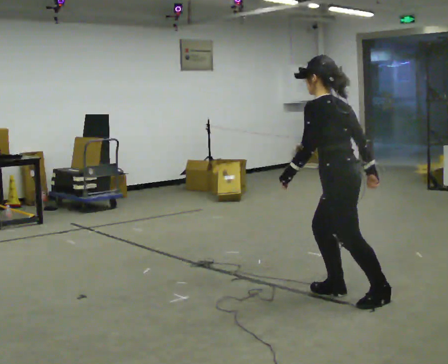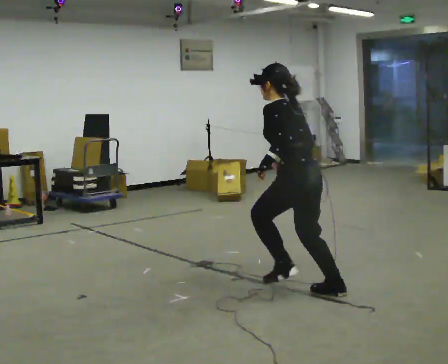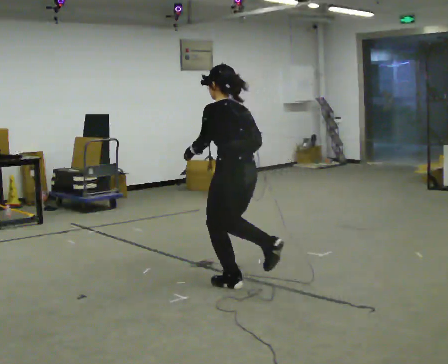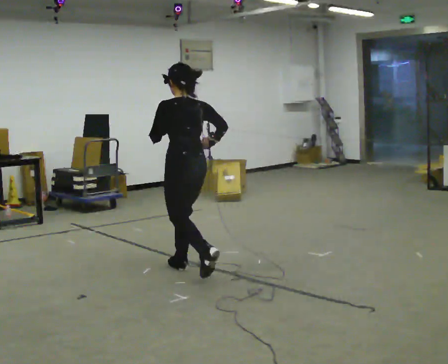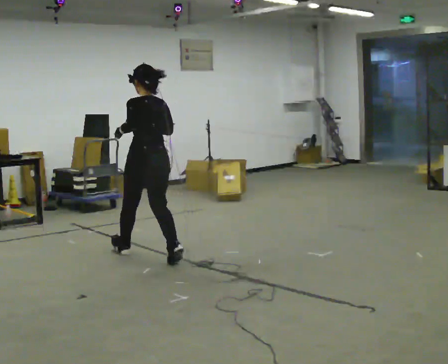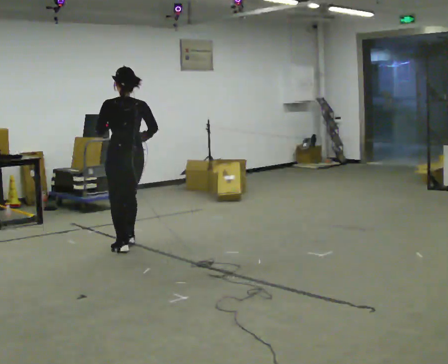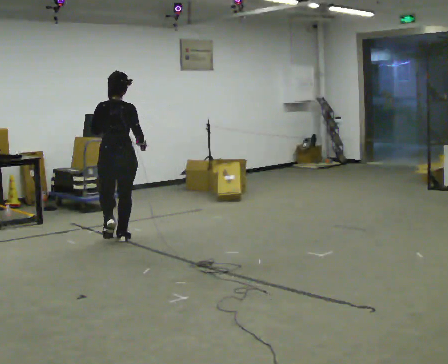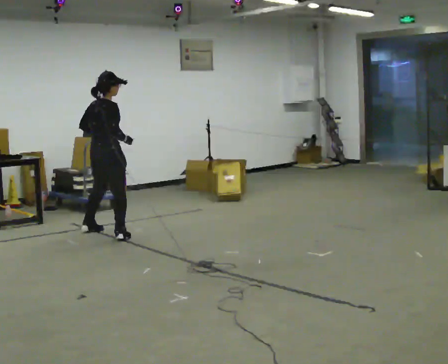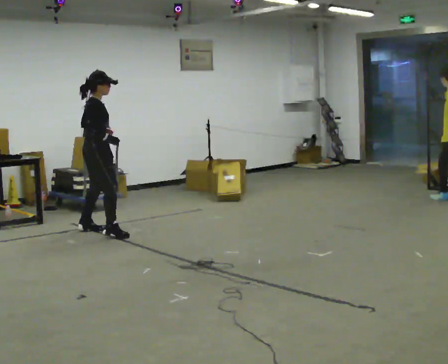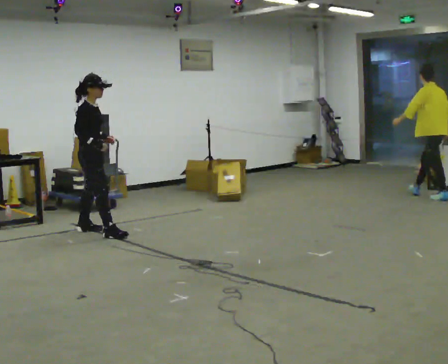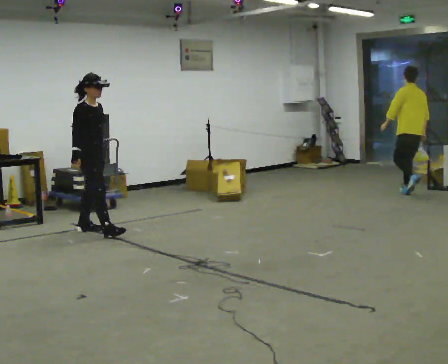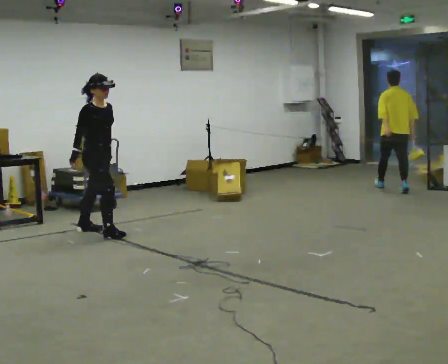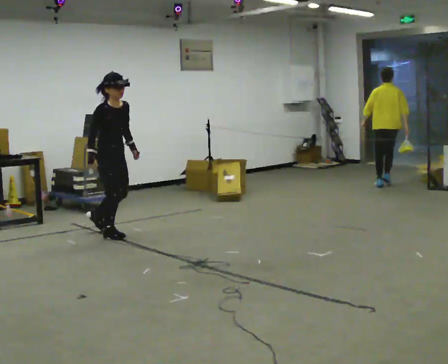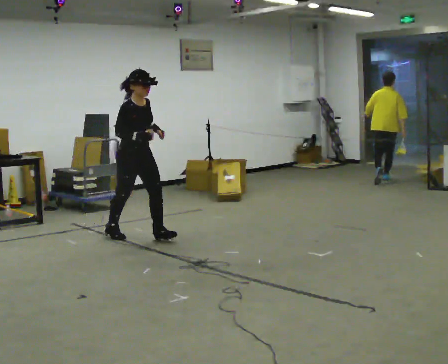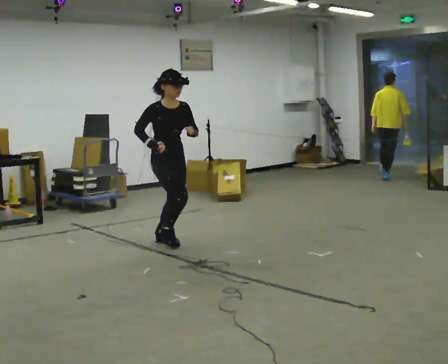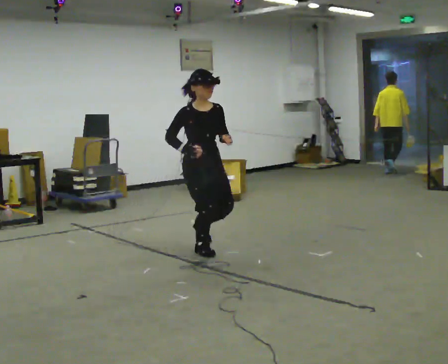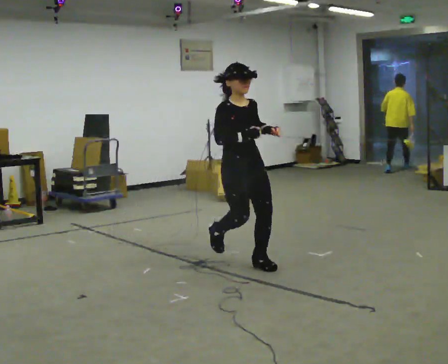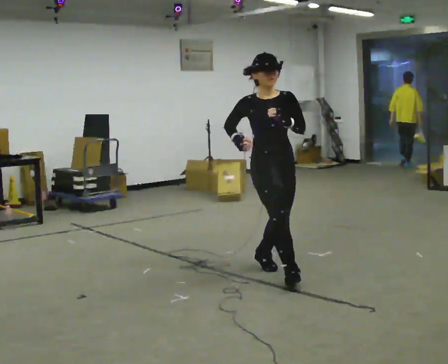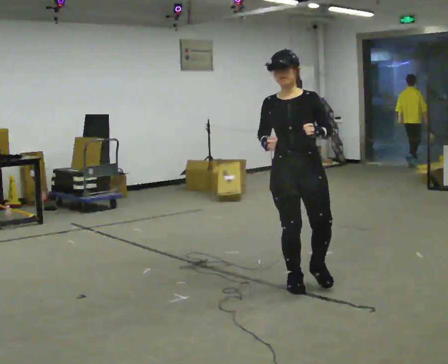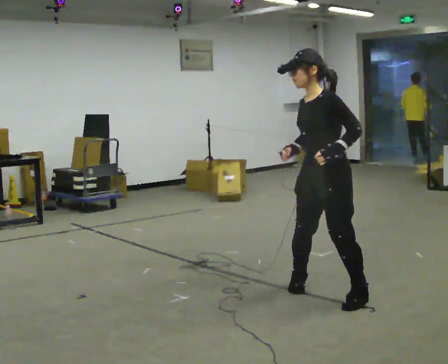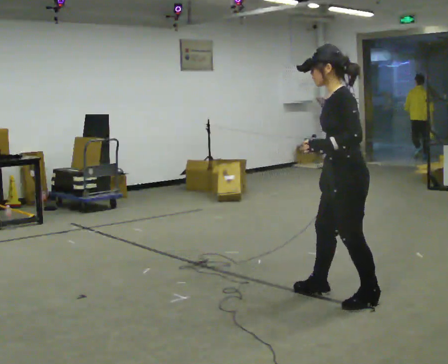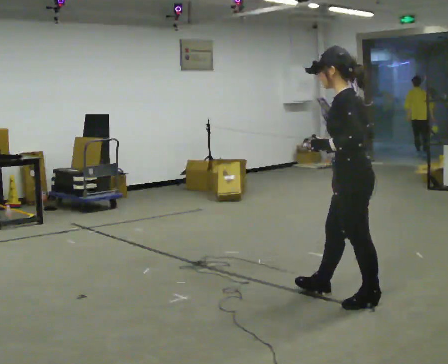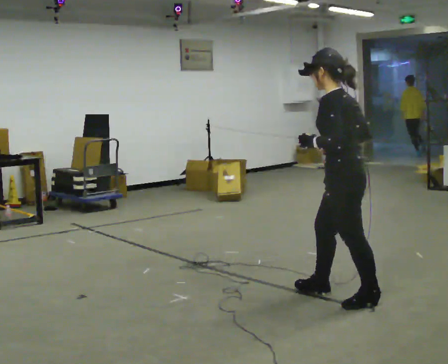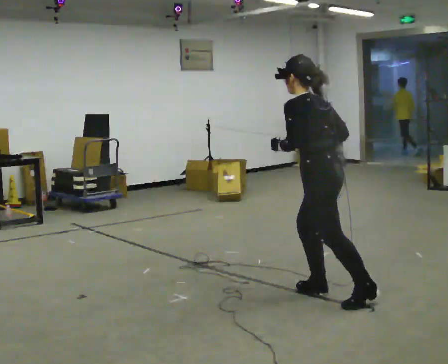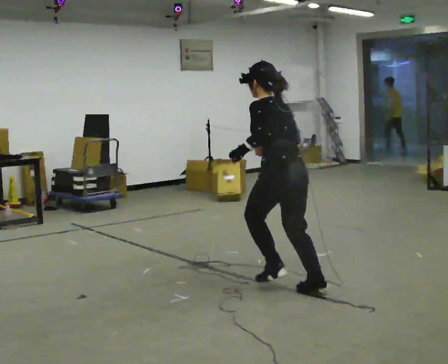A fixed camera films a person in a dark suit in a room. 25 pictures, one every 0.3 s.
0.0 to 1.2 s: In the picture they go away from the camera and to the left, about 2 m in 2 steps, which for them is forward.
1.2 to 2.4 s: Seen from above the body turns clockwise, about 105 degrees: to their right, with its near side sliding to the left. In the picture they go away from the camera and to the left, about 1 m in 4 steps.
2.4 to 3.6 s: The person turns about 45 degrees to their right, clockwise seen from above, so the part of the body nearest the lens slides to the left. In the picture they go toward the camera and to the right, about 0.25 m, which for them is forward.
3.6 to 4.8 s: The part of the body nearest the lens slides to the left as the person turns to their right by about 30 degrees. In the picture they go toward the camera and to the right, about 1.5 m in 3 steps, which for them is forward.
4.8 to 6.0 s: The person turns about 135 degrees to their right, clockwise seen from above, so the part of the body nearest the lens slides to the left. In the picture they go toward the camera, about 1 m in 3 steps.
6.0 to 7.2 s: The person turns about 45 degrees to their right, clockwise seen from above, so the part of the body nearest the lens slides to the left. In the picture they go away from the camera and to the left, about 0.5 m, which for them is forward.
The film runs forward here.
